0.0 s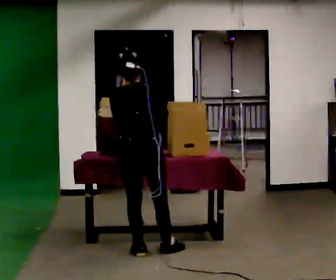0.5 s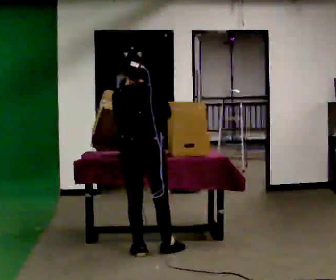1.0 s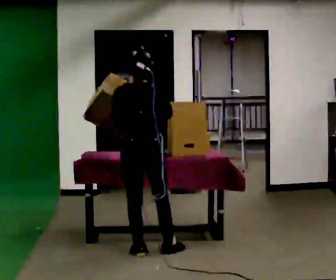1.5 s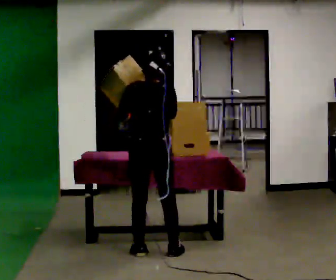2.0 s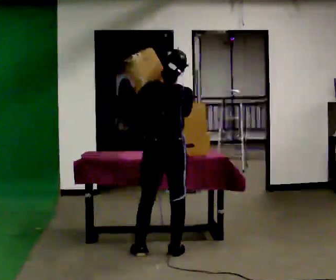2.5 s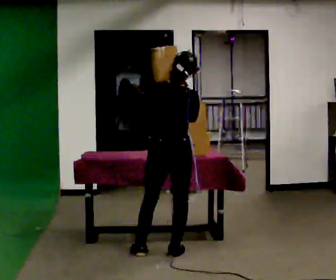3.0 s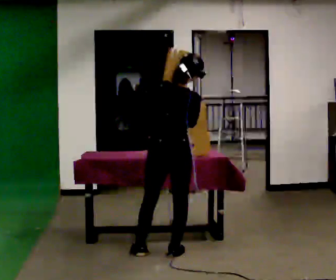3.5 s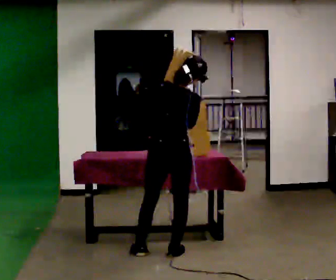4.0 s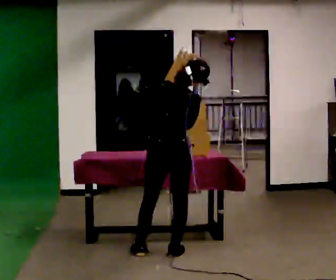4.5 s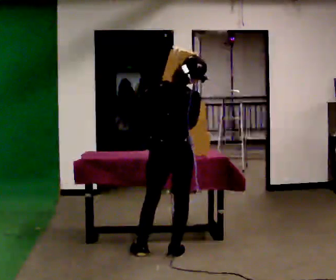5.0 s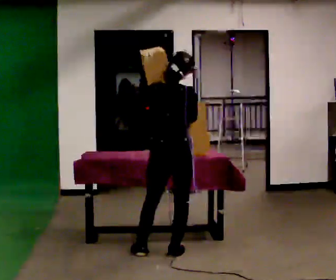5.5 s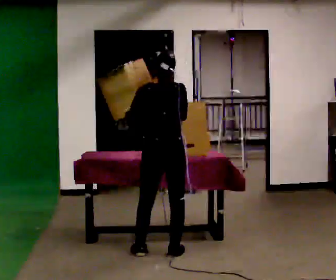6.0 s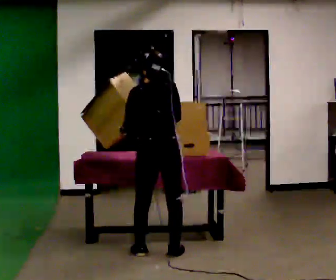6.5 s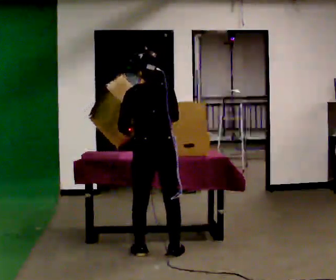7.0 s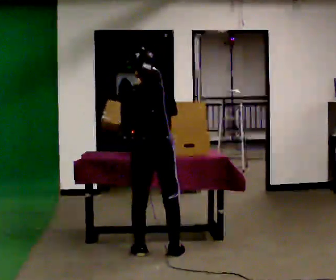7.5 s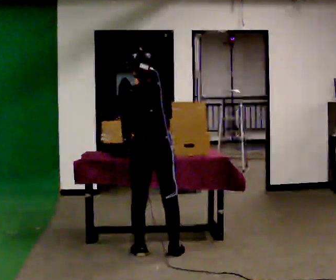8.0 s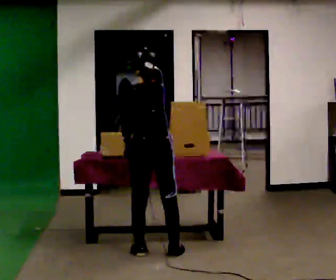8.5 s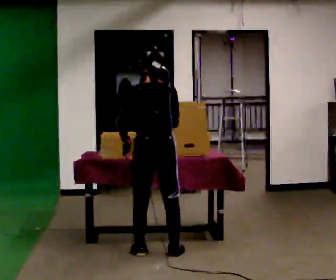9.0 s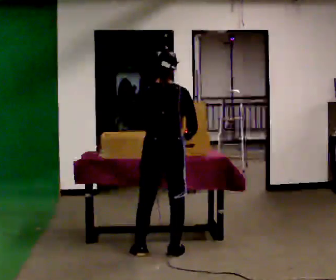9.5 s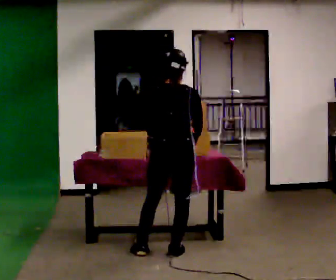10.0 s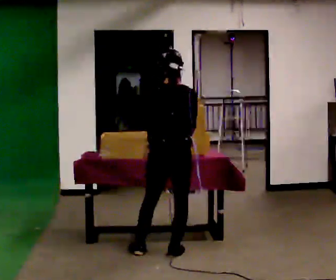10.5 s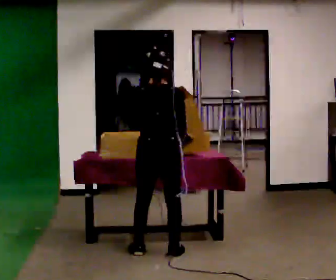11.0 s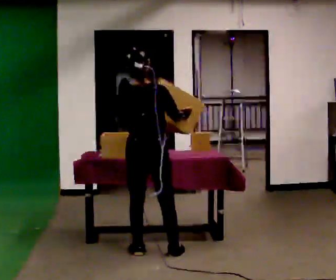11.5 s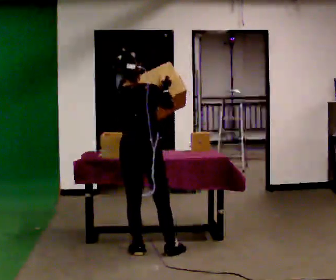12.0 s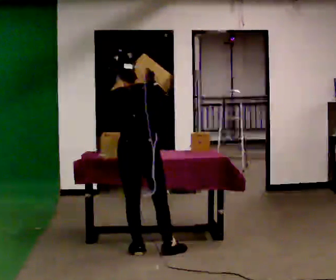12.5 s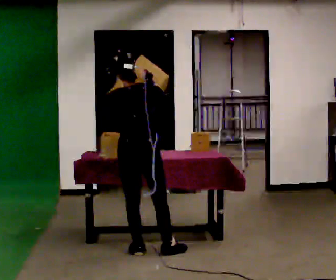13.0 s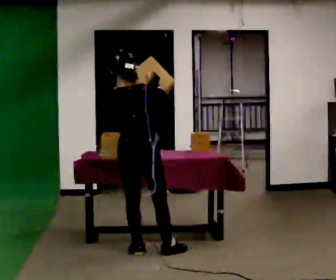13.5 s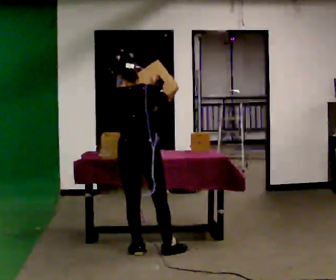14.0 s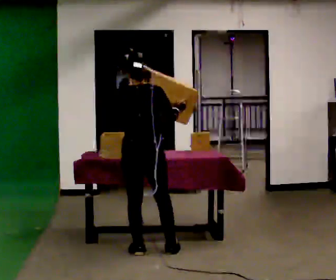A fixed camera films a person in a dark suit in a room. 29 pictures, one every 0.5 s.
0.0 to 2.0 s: In the picture they go to the right, about 0.25 m, which for them is to their right. In the picture their left hand goes upward.
2.0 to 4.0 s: The person moves a little, or ends about where they began.
4.0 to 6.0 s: In the picture the upper body tilts counterclockwise, shoulders to the left. In the picture their left hand goes downward.
6.0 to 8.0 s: The person moves a little, or ends about where they began.
8.0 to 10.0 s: In the picture their left hand goes upward and to the right.
10.0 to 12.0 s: In the picture they go to the left, about 0.25 m, which for them is to their left. In the picture their right hand goes upward.
12.0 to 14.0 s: The person moves a little, or ends about where they began.
The film runs forward here.
